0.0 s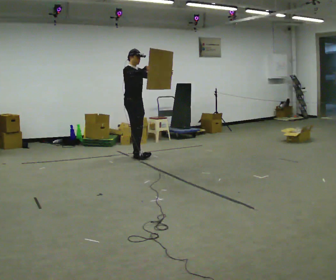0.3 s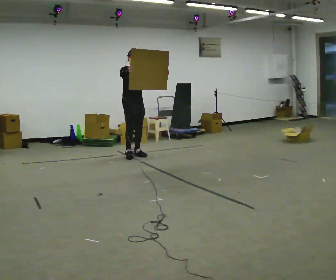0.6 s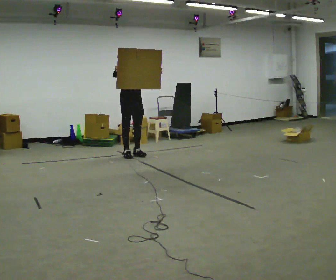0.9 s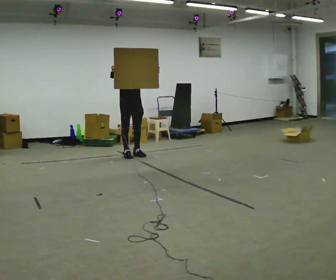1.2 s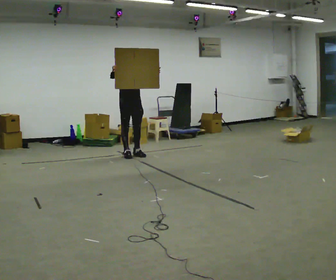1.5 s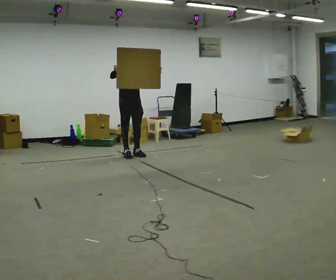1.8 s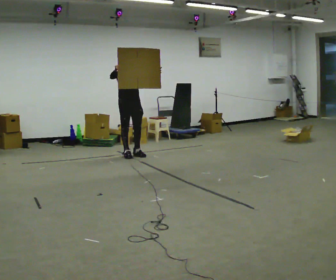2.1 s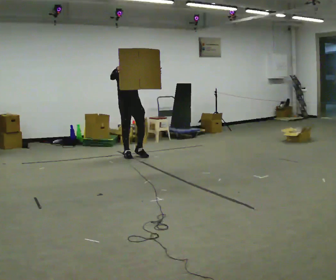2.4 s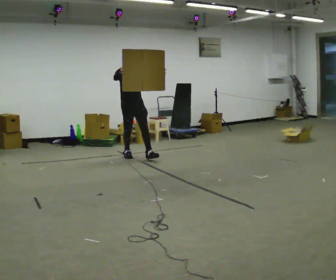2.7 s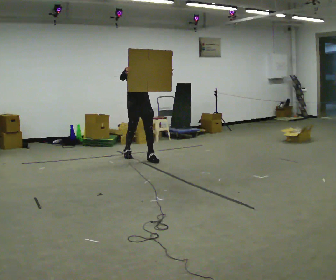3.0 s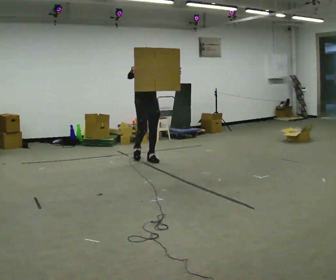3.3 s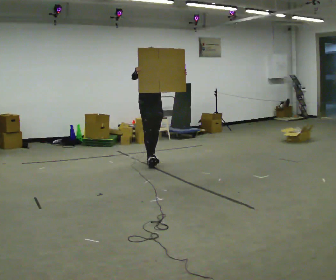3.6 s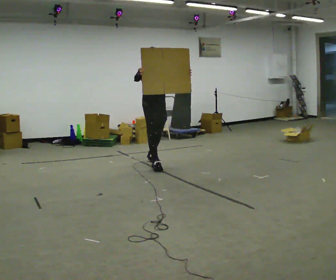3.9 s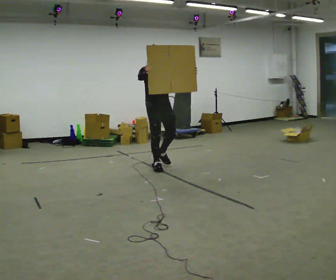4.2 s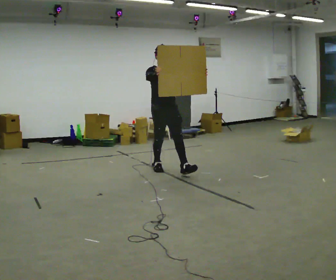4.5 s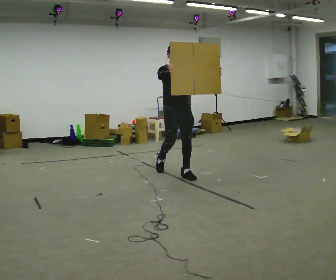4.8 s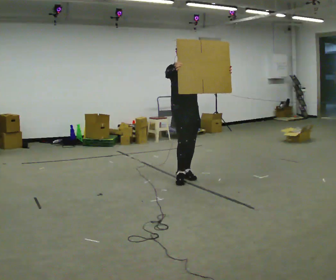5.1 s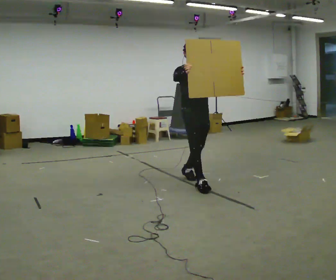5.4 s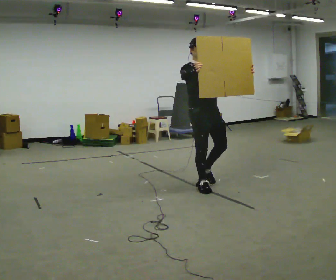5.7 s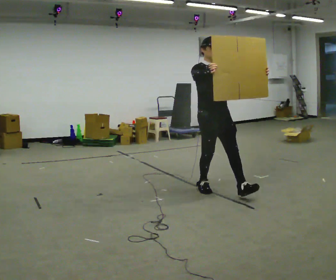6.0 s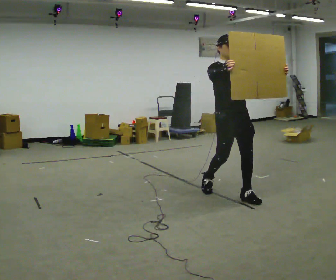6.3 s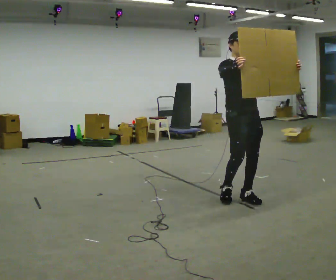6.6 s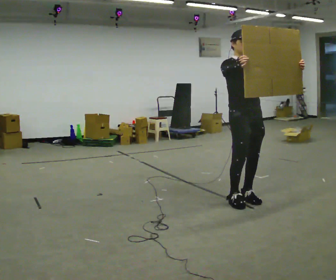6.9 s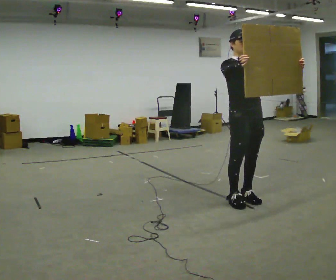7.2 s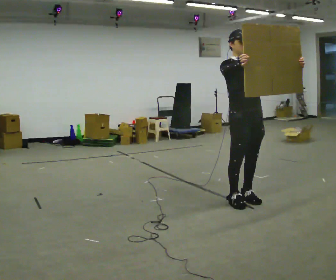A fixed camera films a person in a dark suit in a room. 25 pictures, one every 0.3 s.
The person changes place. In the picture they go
toward the camera.
0.0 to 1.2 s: The part of the body nearest the lens slides to the left as the person turns to their right by about 30 degrees. In the picture their right hand goes to the left.
1.2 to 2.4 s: The person moves a little, or ends about where they began.
2.4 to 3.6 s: In the picture they go toward the camera and to the right, about 0.75 m in 2 steps, which for them is forward.
3.6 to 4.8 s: In the picture they go toward the camera and to the right, about 1 m in 1 step, which for them is forward.
4.8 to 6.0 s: In the picture they go toward the camera and to the right, about 1 m in 2 steps, which for them is forward.
6.0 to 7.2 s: In the picture they go toward the camera, about 0.25 m in 1 step, which for them is forward.
The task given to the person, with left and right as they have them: Carry the large panel across the room. It will block your view ahead, so take whatever route feels safe. Keep going until the operator says stop; one object at a time, and do not rush between trips.
The film runs forward here.
